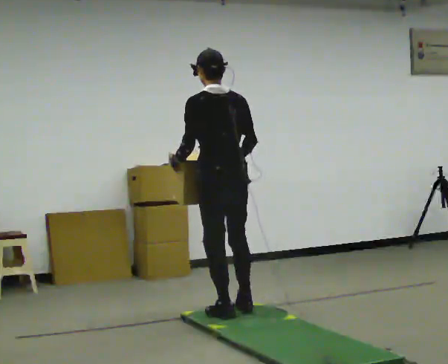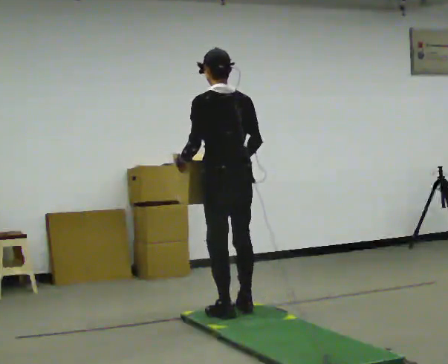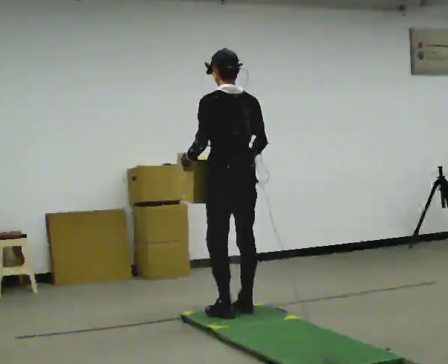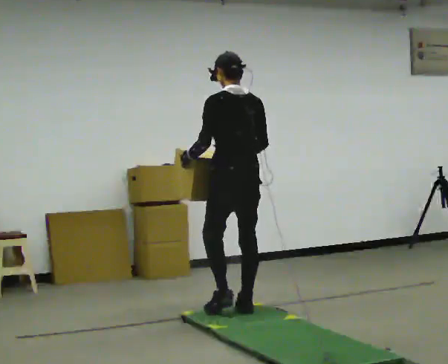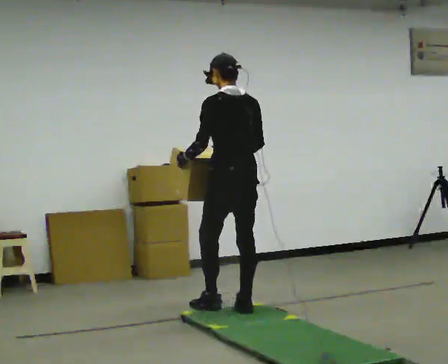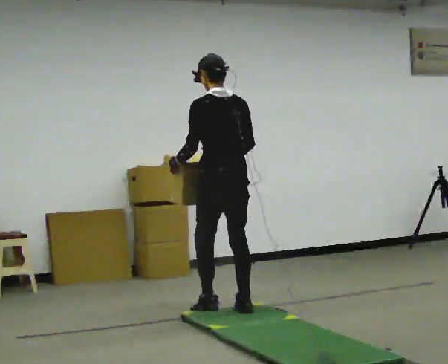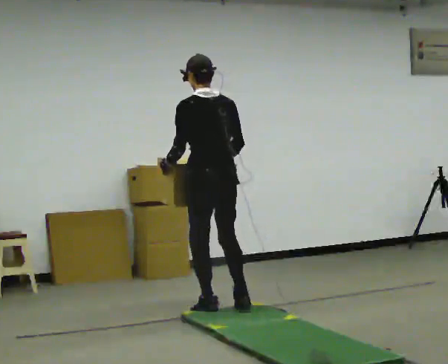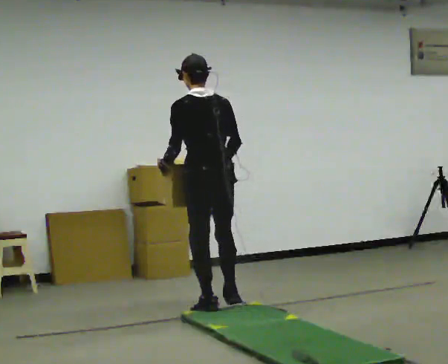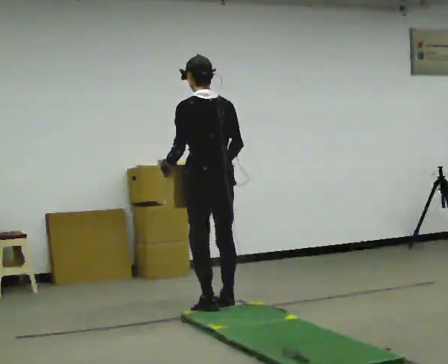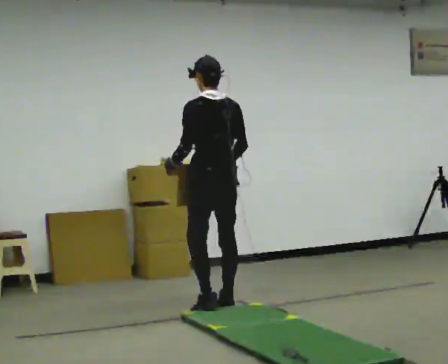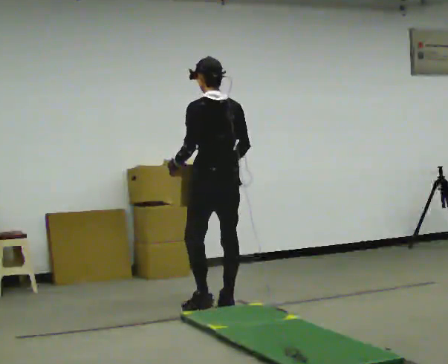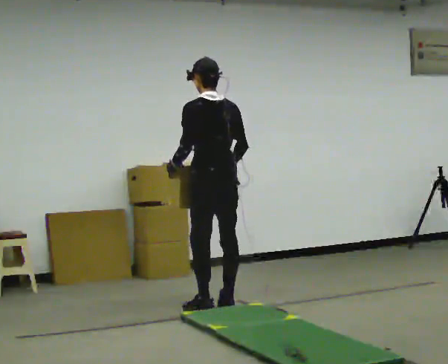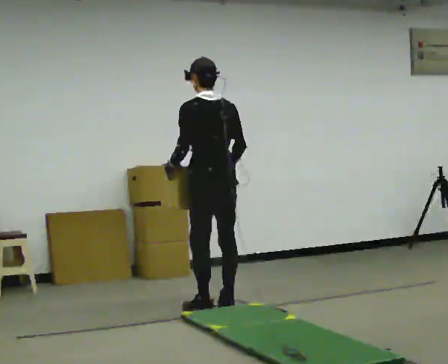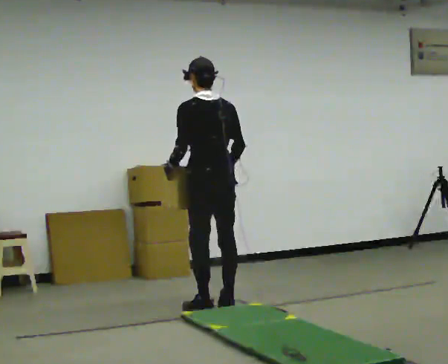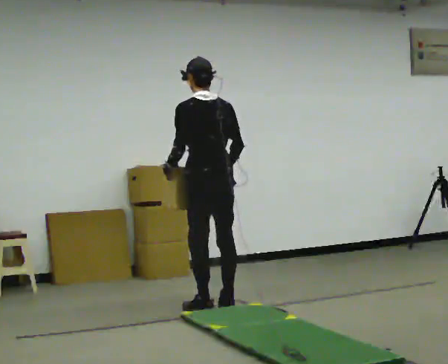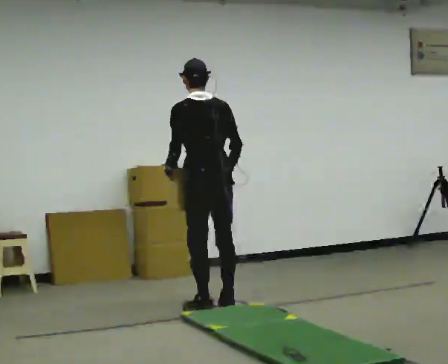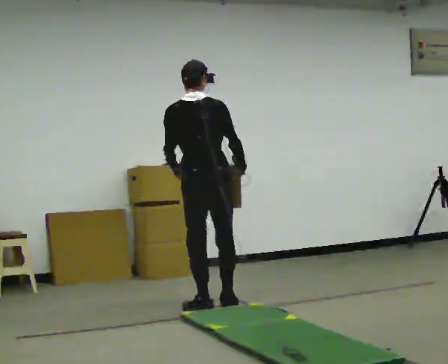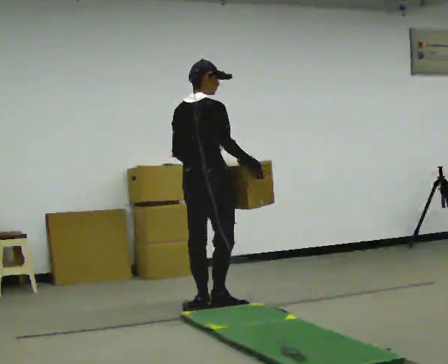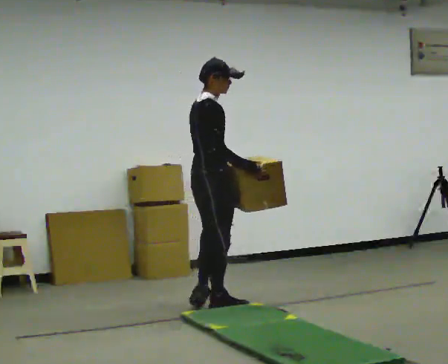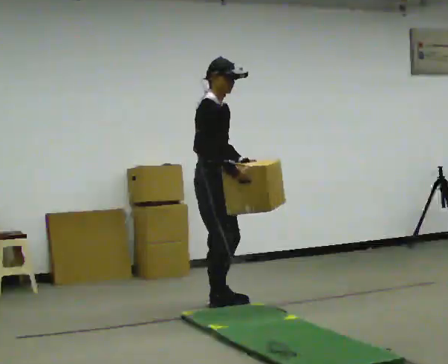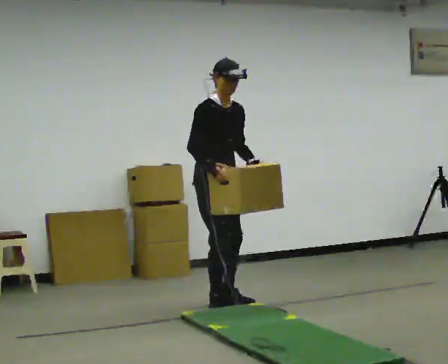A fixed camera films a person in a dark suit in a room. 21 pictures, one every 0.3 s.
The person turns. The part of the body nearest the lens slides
to the left.
The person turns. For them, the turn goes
to their right.
0.0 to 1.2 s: The person moves a little, or ends about where they began.
1.2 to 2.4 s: In the picture they go to the left, about 0.25 m in 2 steps, which for them is forward.
2.4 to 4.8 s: The person moves a little, or ends about where they began.
4.8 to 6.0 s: The person turns about 135 degrees to their right, clockwise seen from above, so the part of the body nearest the lens slides to the left. In the picture they go away from the camera, about 0.25 m in 1 step. In the picture the upper body tilts clockwise, shoulders to the right.
The film runs forward here.
